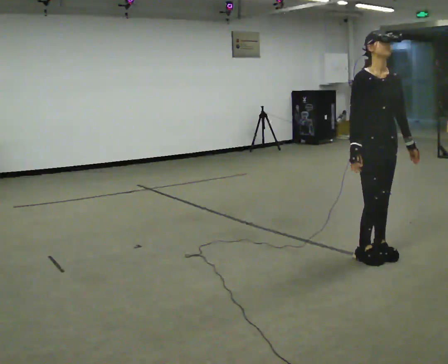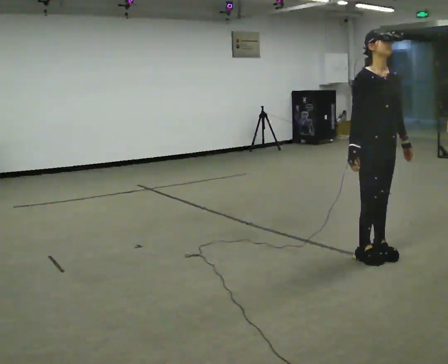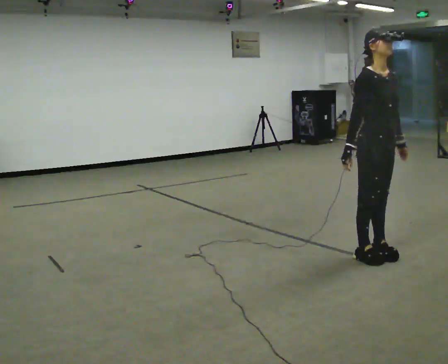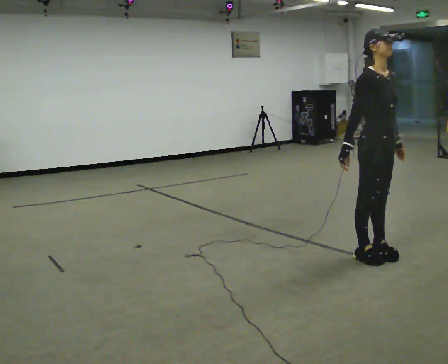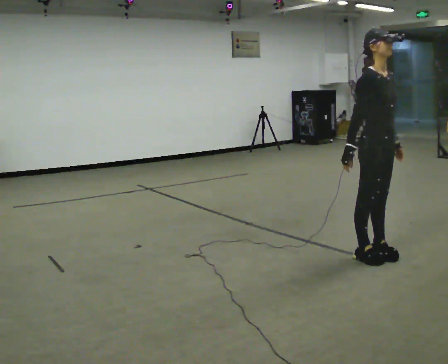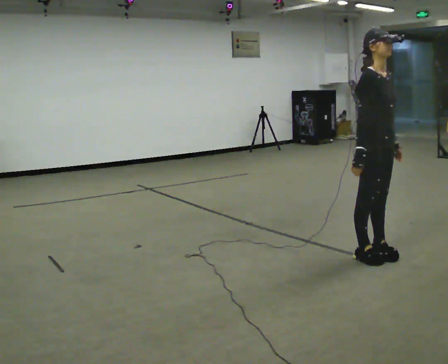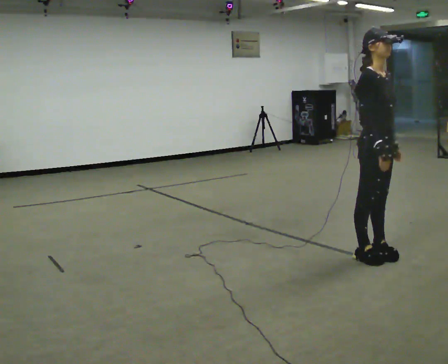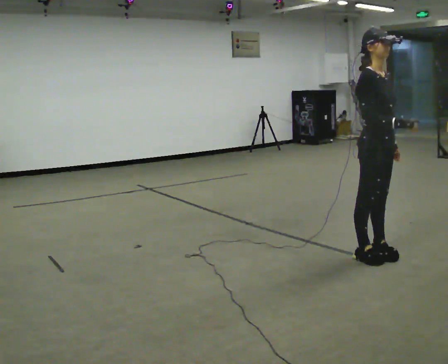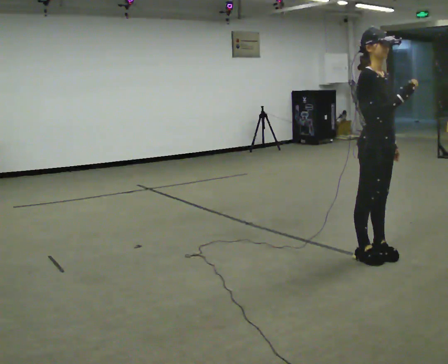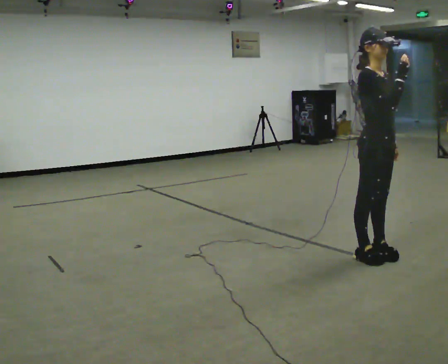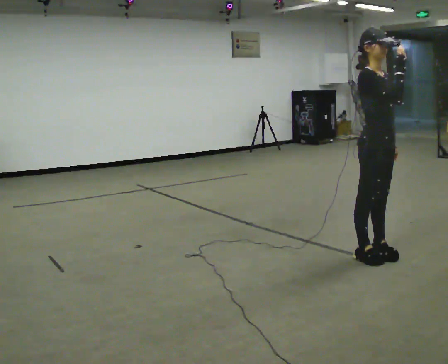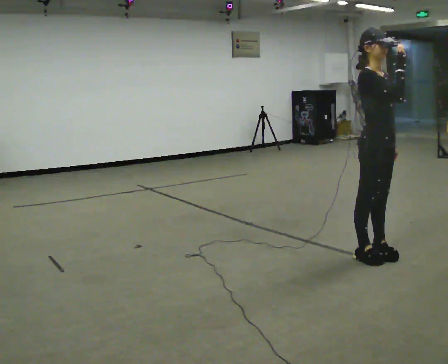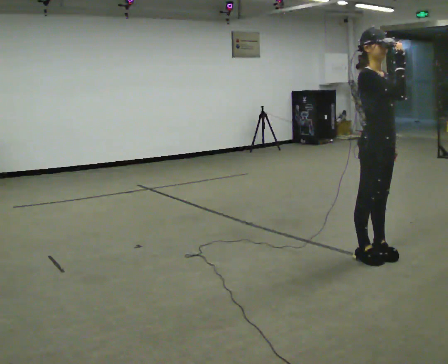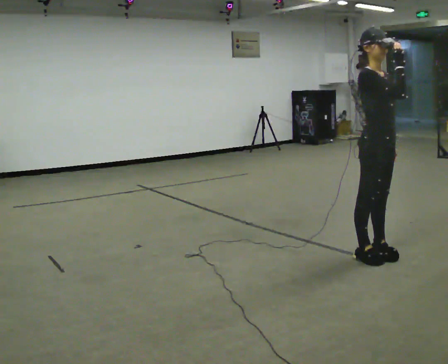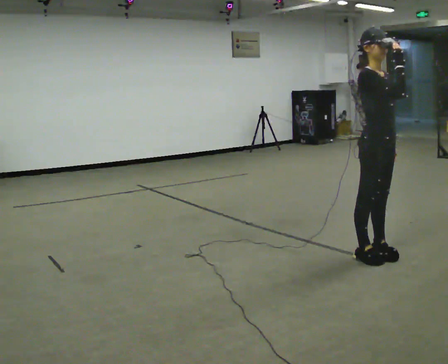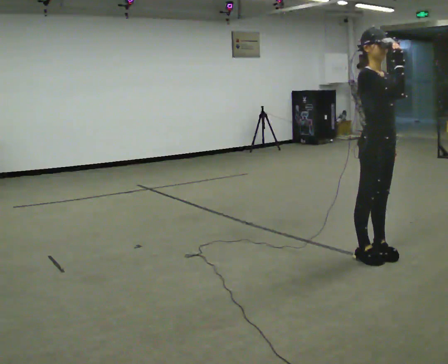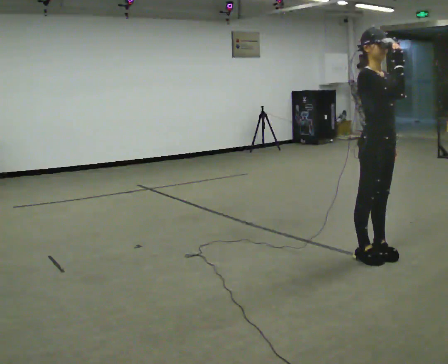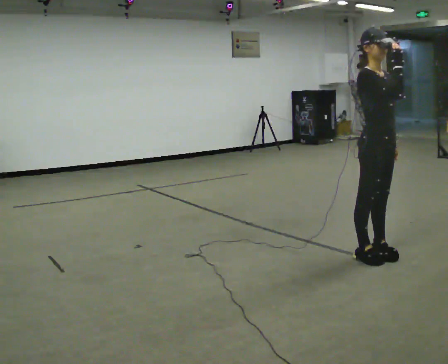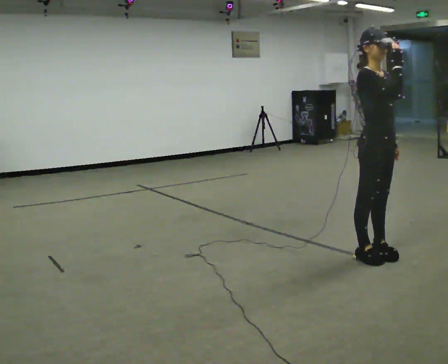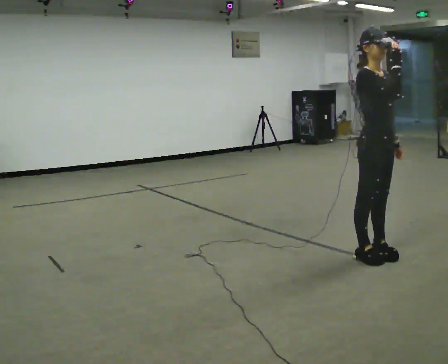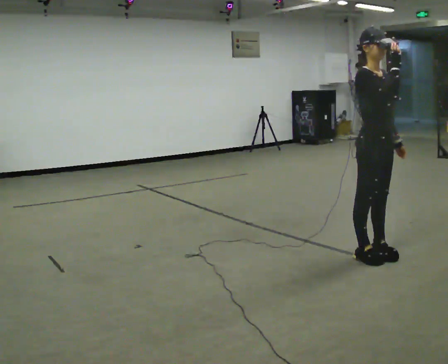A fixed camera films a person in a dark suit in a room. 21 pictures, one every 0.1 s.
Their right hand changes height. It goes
upward.
0.0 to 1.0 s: Seen from above the body turns counterclockwise, about 30 degrees: to their left, with its near side sliding to the right. In the picture their right hand goes upward and to the right.
1.0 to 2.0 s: The person moves a little, or ends about where they began.
The film runs backward here.
